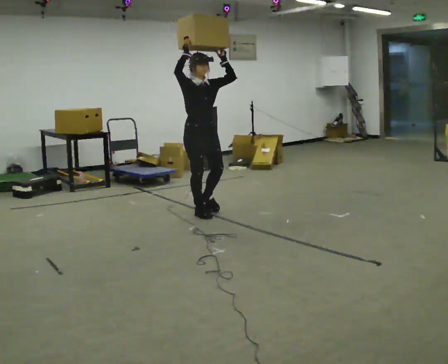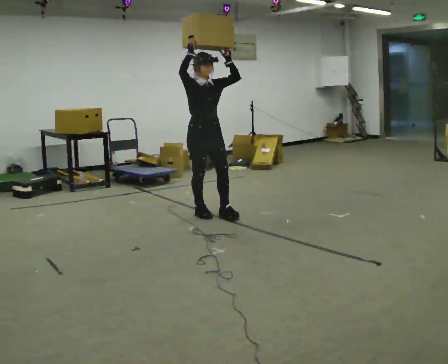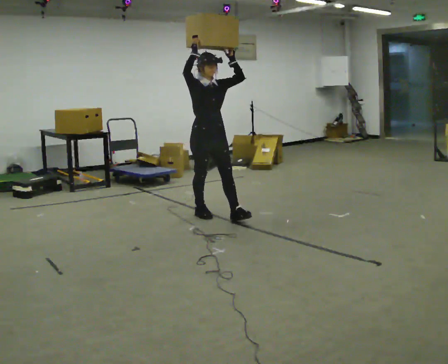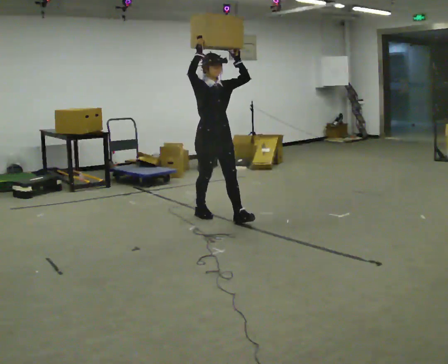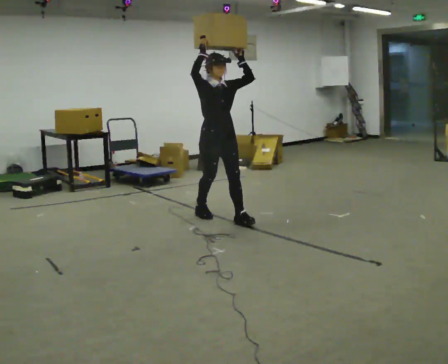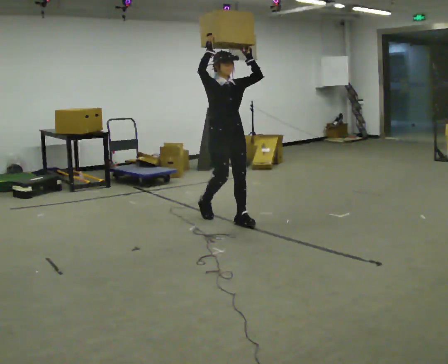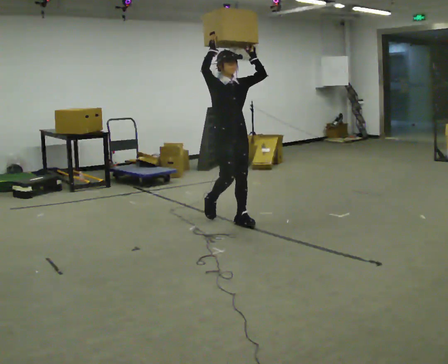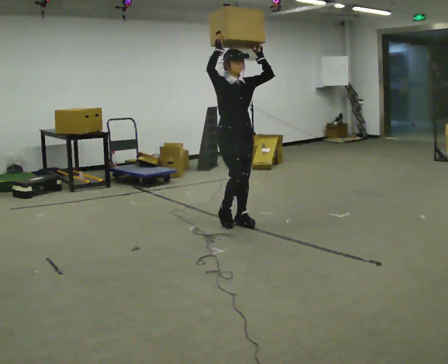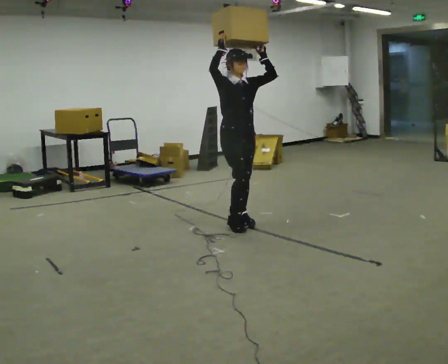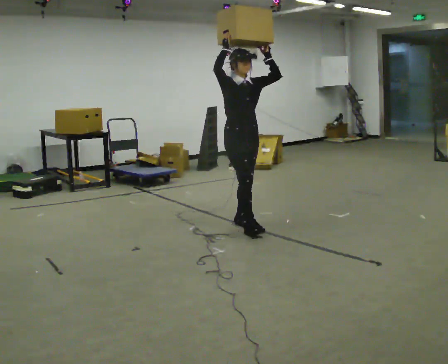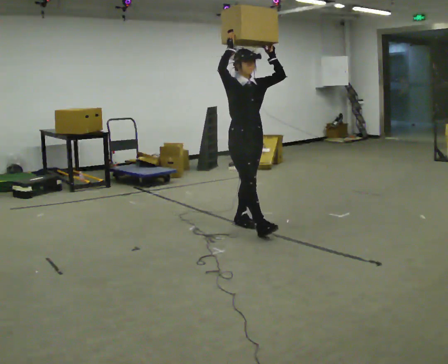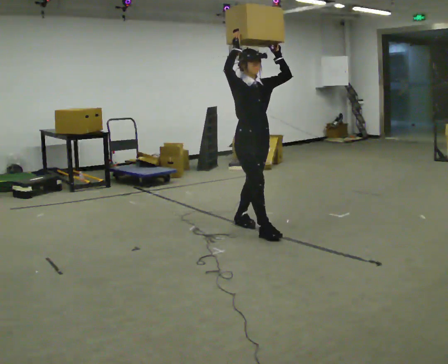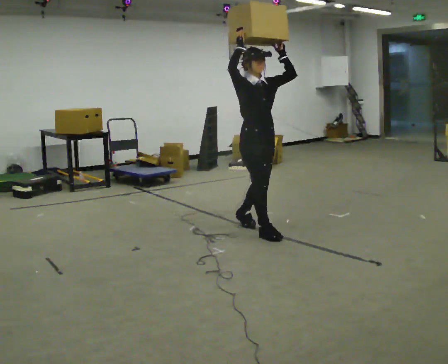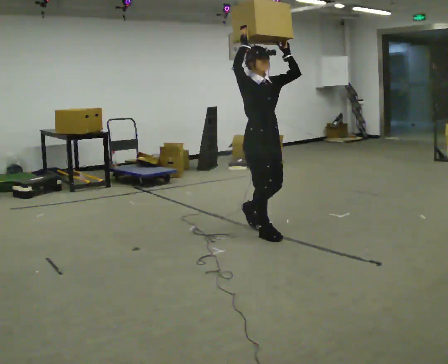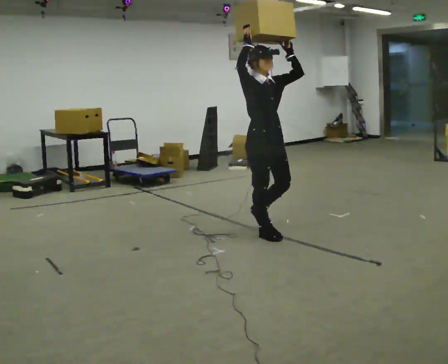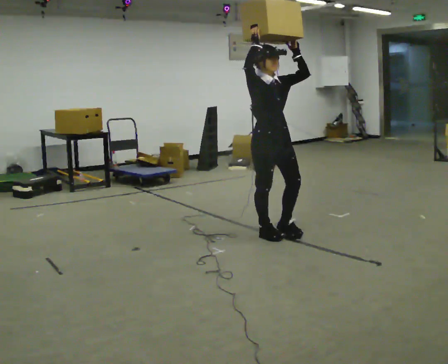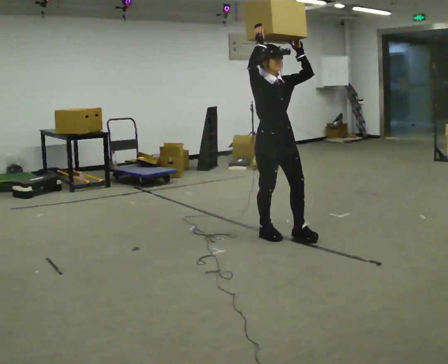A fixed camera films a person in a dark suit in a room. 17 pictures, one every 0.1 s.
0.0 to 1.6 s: In the picture they go toward the camera and to the right, about 1 m in 2 steps, which for them is forward.
The film runs forward here.
